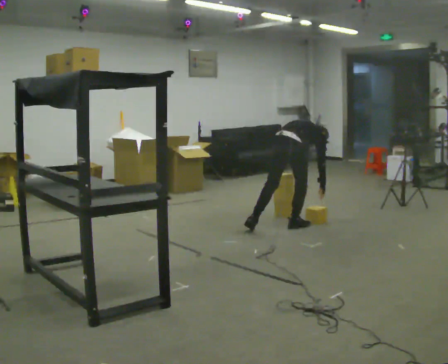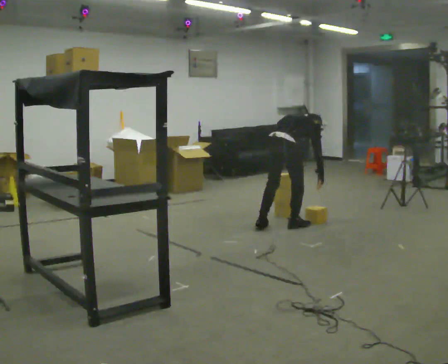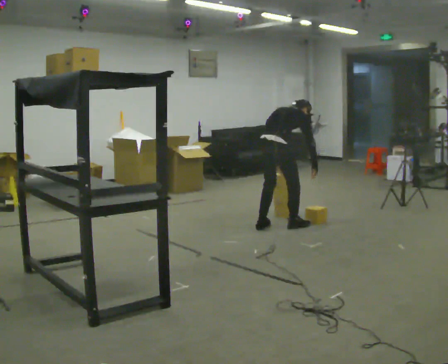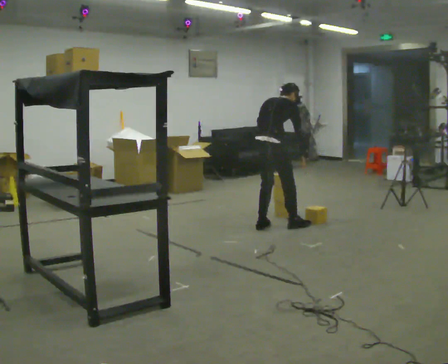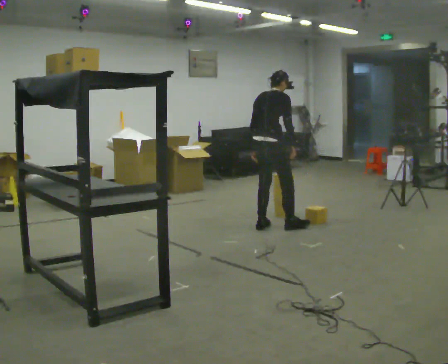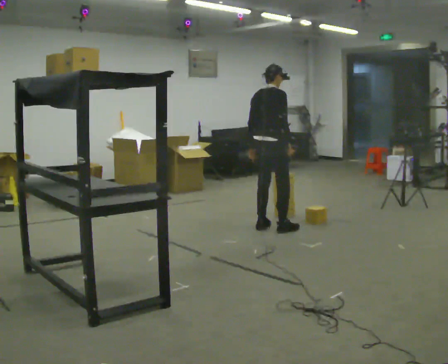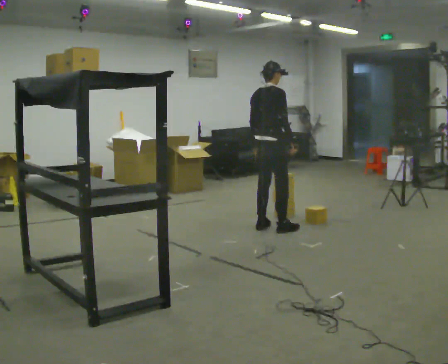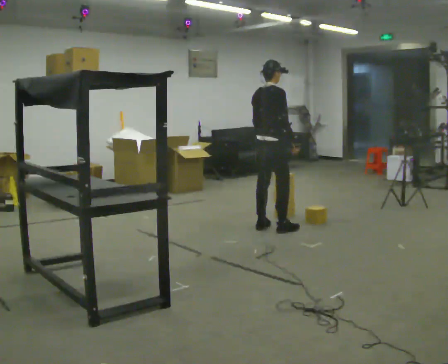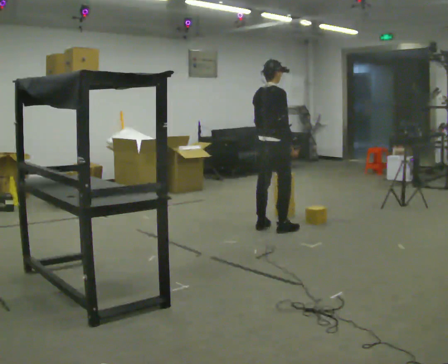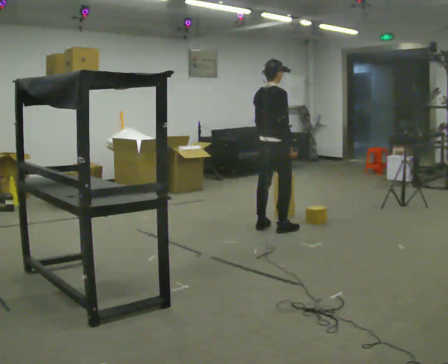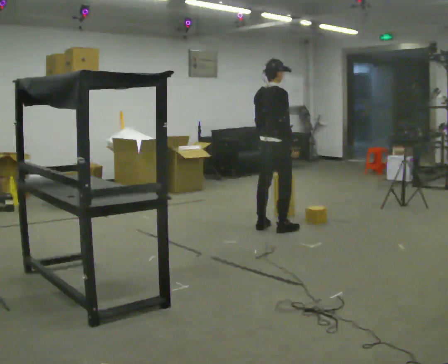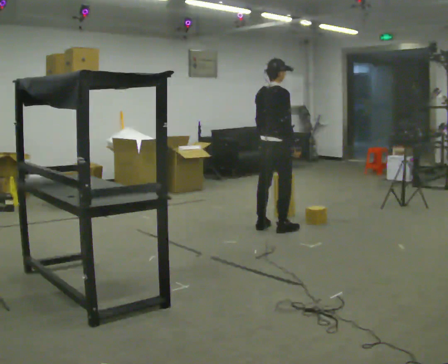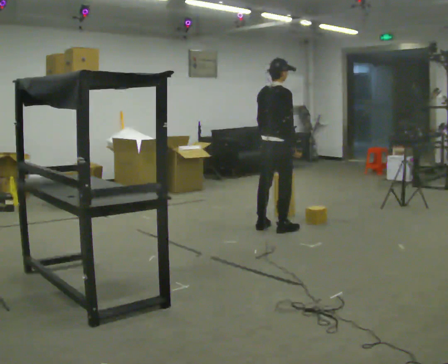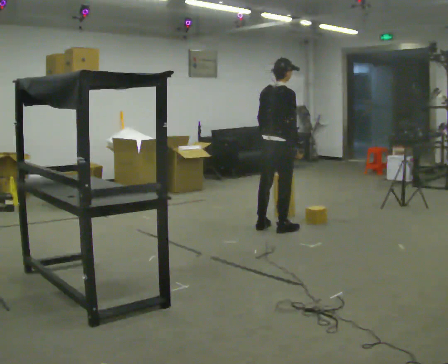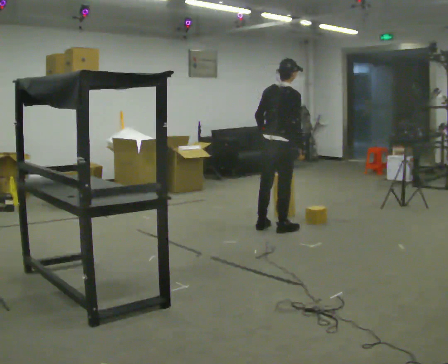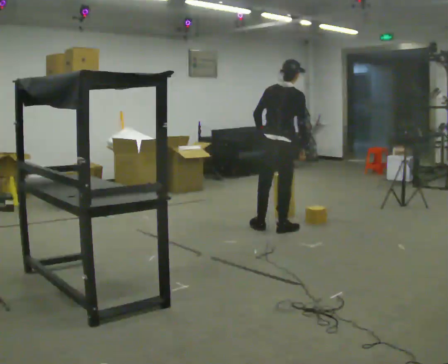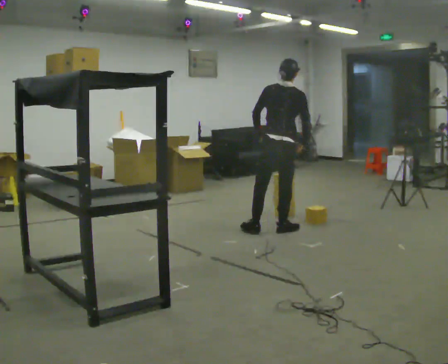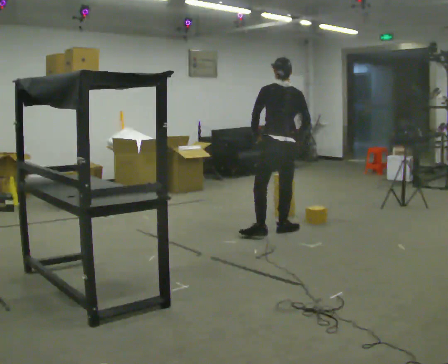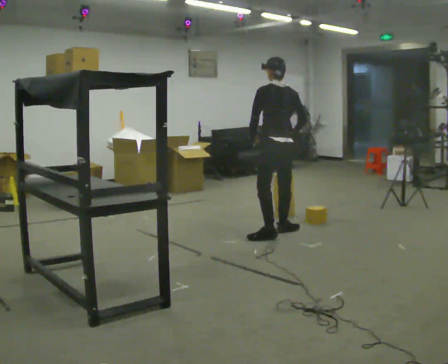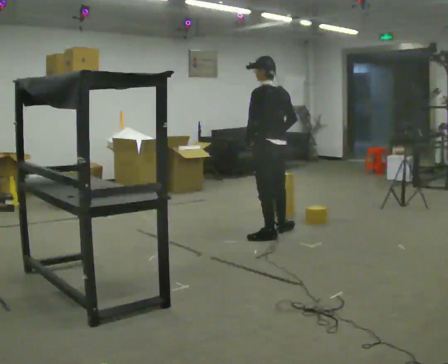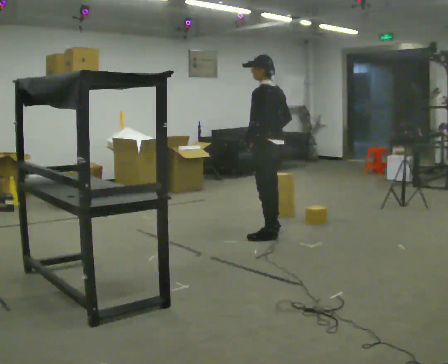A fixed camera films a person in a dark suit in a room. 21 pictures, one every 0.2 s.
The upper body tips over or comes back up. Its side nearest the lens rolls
downward.
The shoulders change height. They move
upward.
0.0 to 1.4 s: In the picture they go to the left, about 0.25 m in 2 steps, which for them is to their left. The upper body goes upward. The upper body tips toward the camera, its near side rolling downward, as they lean back or straighten. In the picture their left hand goes upward and to the left.
1.4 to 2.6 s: The person moves a little, or ends about where they began.
2.6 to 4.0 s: The person turns about 105 degrees to their left, counterclockwise seen from above, so the part of the body nearest the lens slides to the right. In the picture they go toward the camera, about 0.25 m in 1 step.
The film runs forward here.
